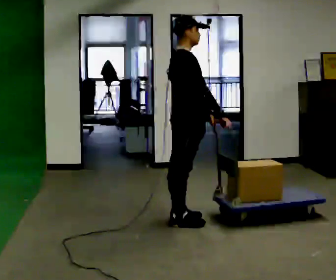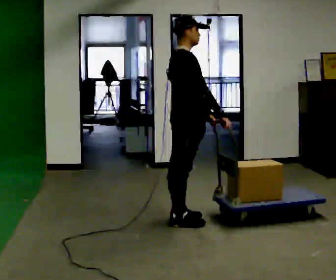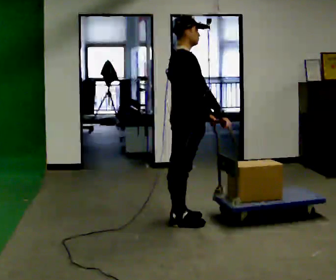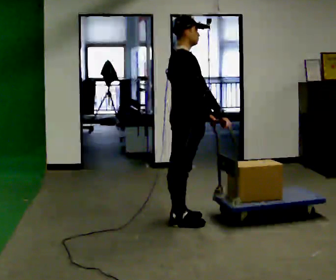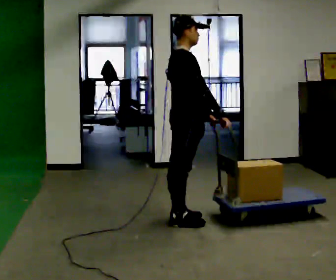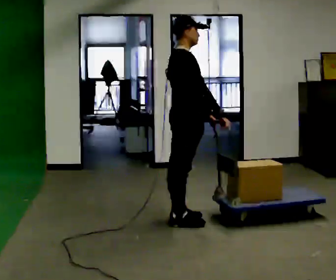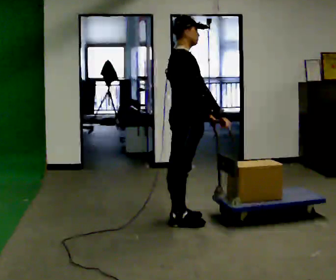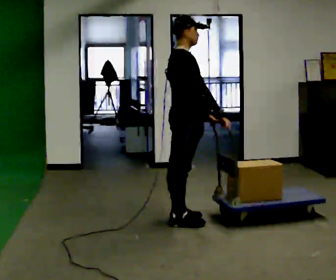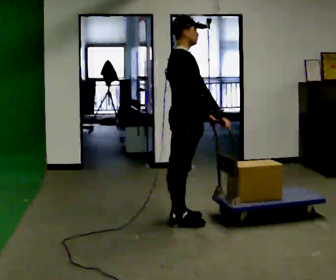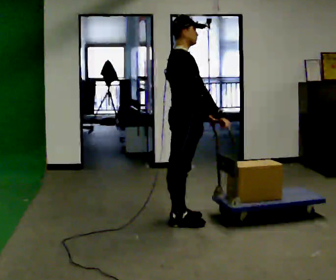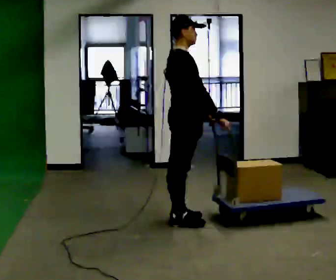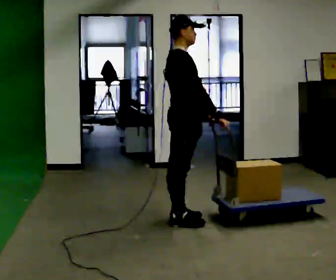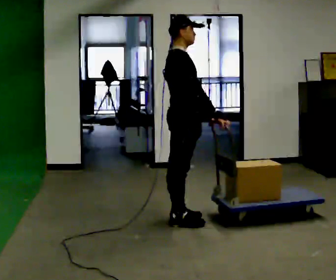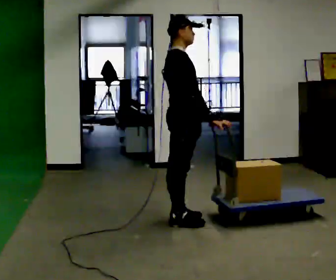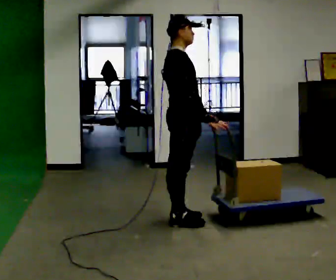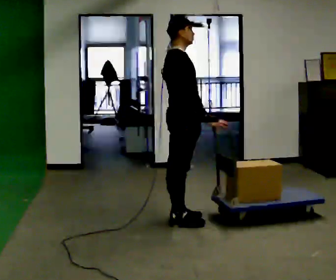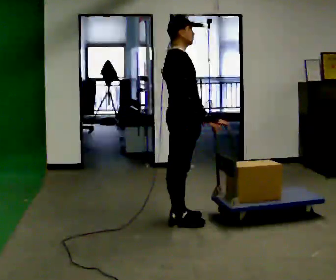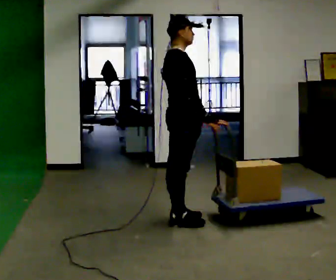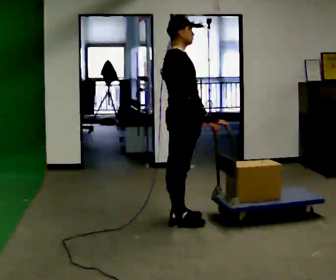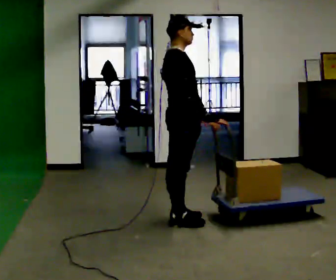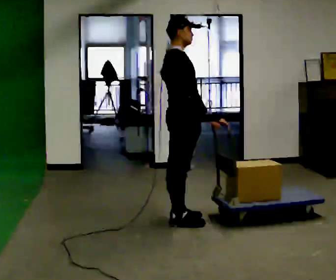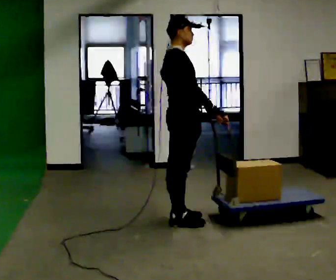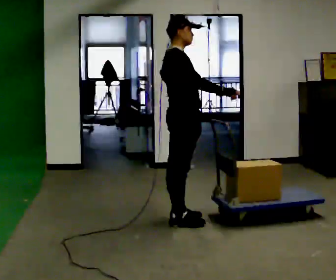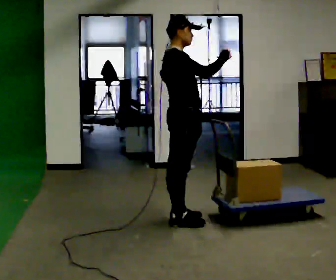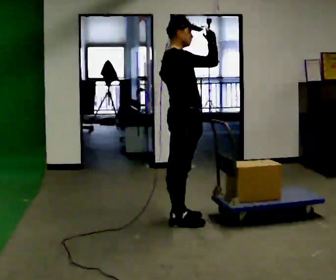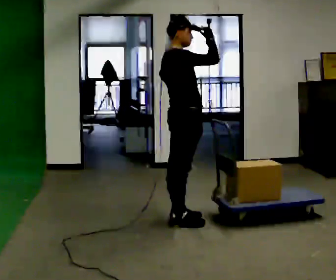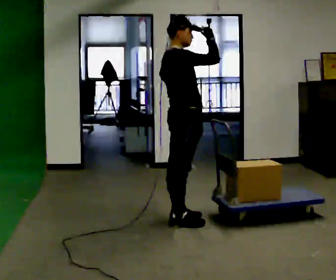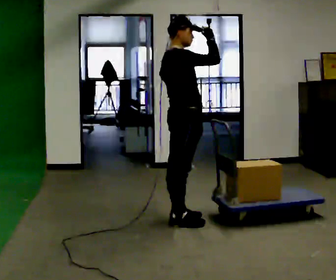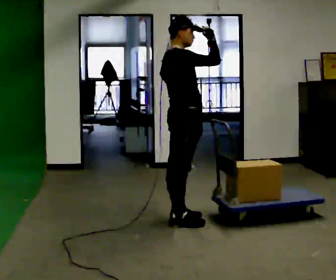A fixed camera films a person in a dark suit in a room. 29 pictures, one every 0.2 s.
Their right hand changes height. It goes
upward.
Their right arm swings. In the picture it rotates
counterclockwise.
0.0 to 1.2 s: The person keeps their place and pose.
1.2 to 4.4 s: The person moves a little, or ends about where they began.
4.4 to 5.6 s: In the picture their right hand goes upward, the arm swinging counterclockwise.
The film runs forward here.
